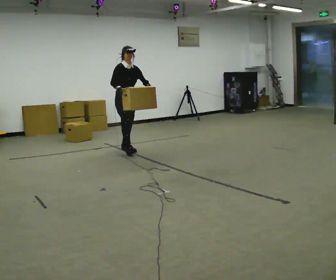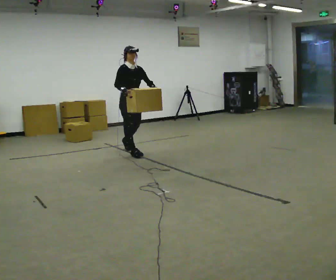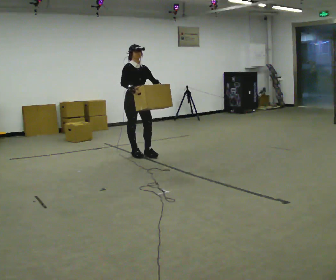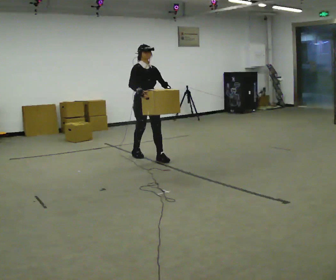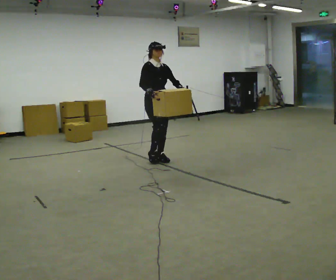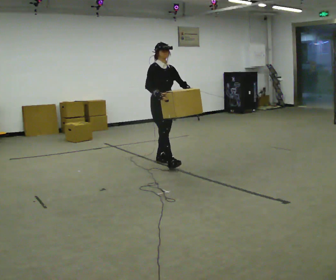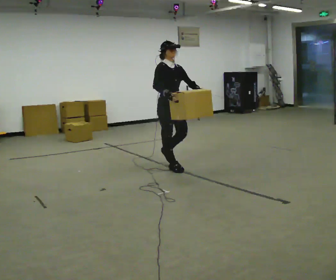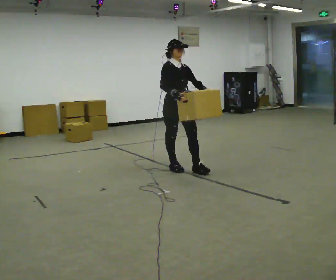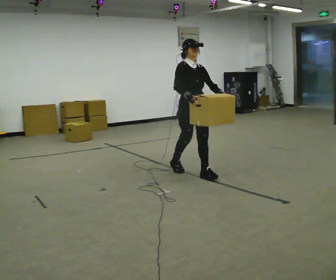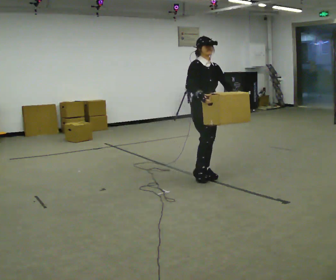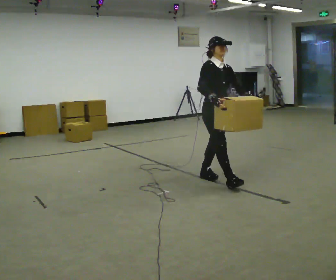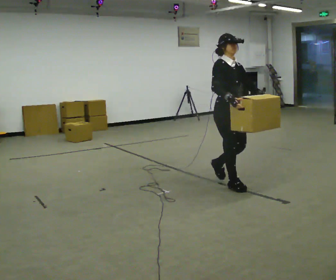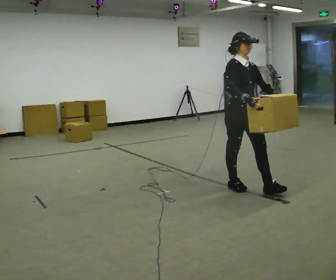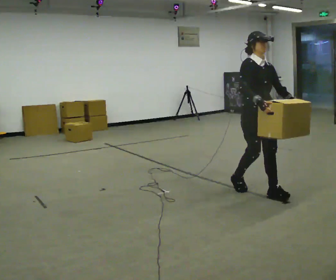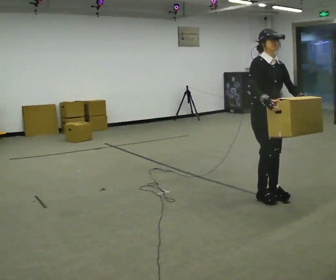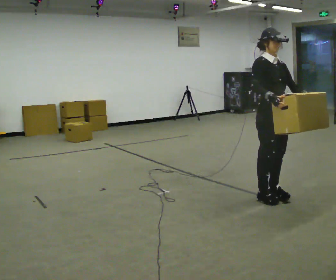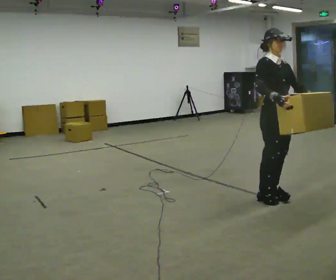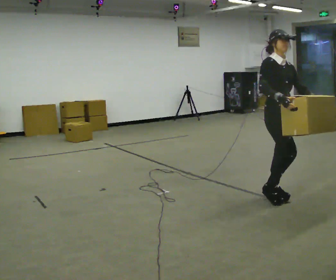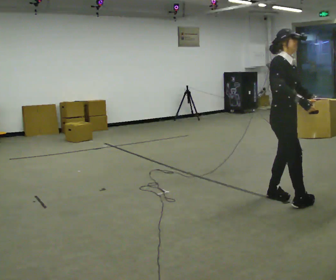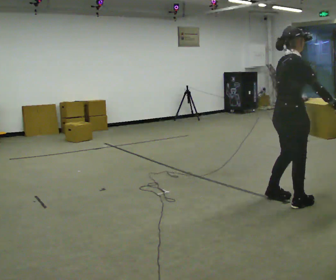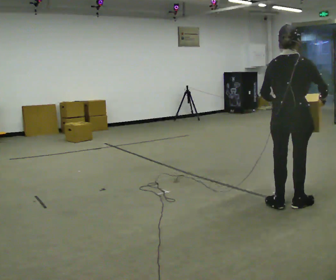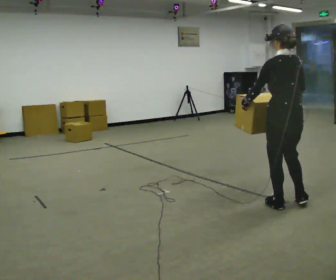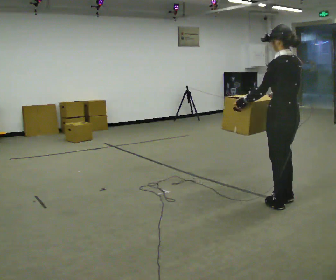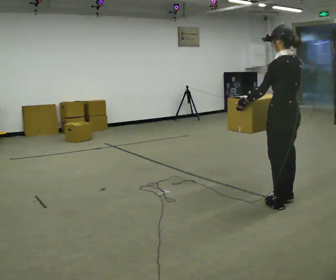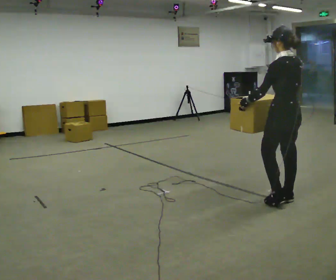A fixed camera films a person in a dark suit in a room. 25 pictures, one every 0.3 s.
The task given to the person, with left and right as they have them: Carry the heaviest box in both hands in front of you, walking back and forth across the room. Only carry what is comfortable. Set it down whenever you need to.
0.0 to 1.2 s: In the picture they go to the right and toward the camera, about 1 m in 2 steps, which for them is forward.
1.2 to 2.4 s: In the picture they go toward the camera and to the right, about 1 m in 2 steps, which for them is forward.
2.4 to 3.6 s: In the picture they go toward the camera and to the right, about 1 m in 1 step, which for them is forward.
3.6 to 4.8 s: In the picture they go to the right and toward the camera, about 0.5 m in 2 steps, which for them is forward.
4.8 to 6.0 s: Seen from above the body turns counterclockwise, about 135 degrees: to their left, with its near side sliding to the right. In the picture they go toward the camera, about 0.25 m in 2 steps.
6.0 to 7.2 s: The person turns about 60 degrees to their left, counterclockwise seen from above, so the part of the body nearest the lens slides to the right. In the picture they go away from the camera, about 0.25 m in 1 step. In the picture their right hand goes to the left.
The film runs forward here.
